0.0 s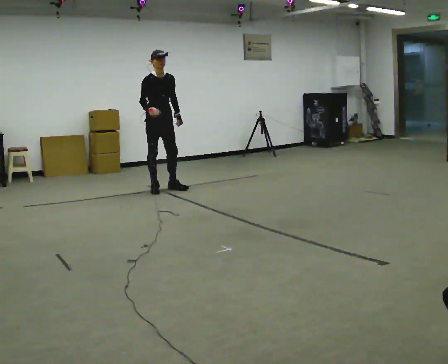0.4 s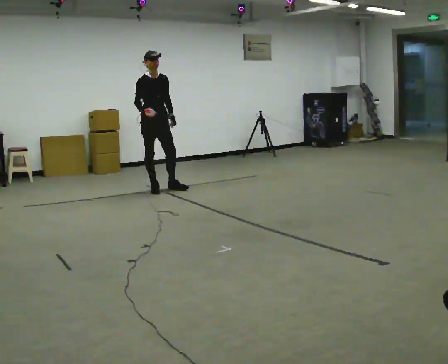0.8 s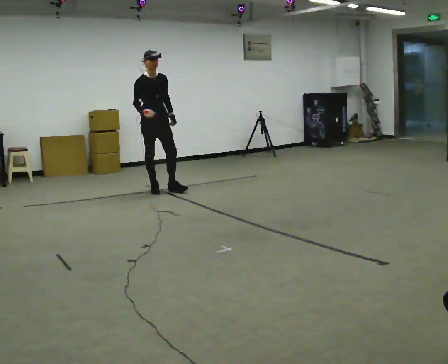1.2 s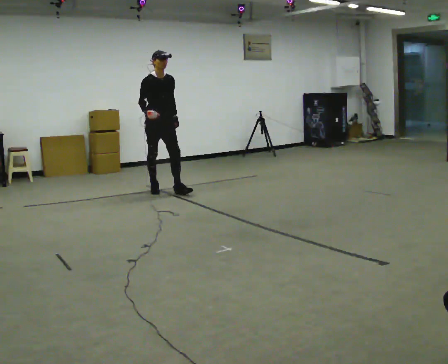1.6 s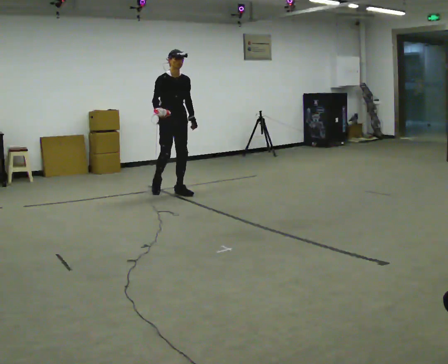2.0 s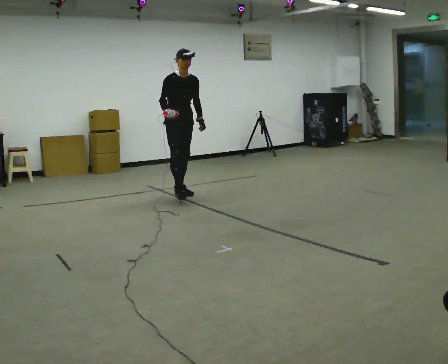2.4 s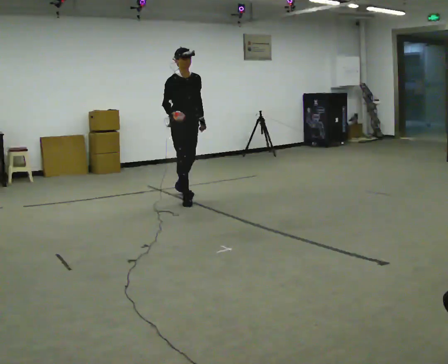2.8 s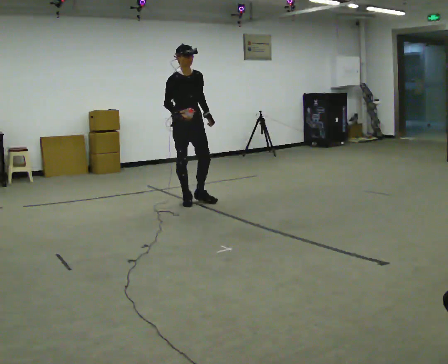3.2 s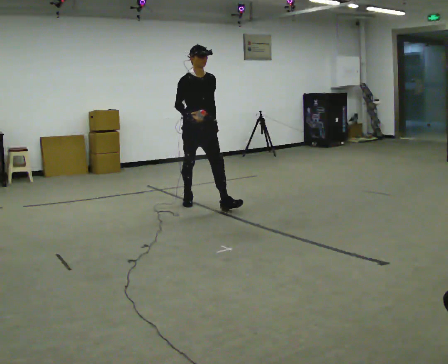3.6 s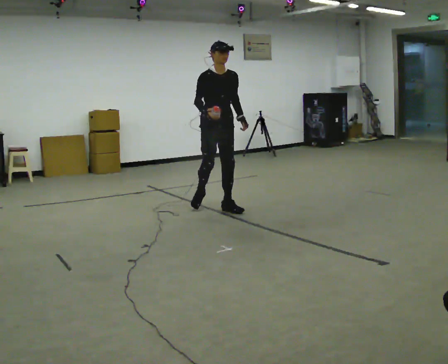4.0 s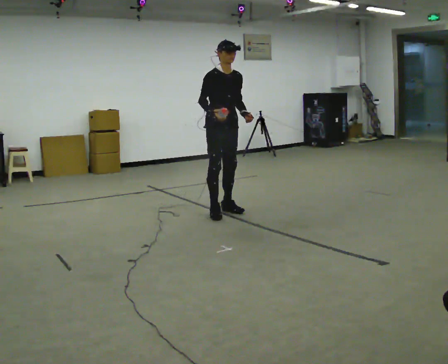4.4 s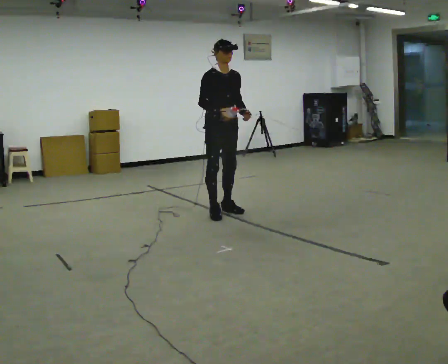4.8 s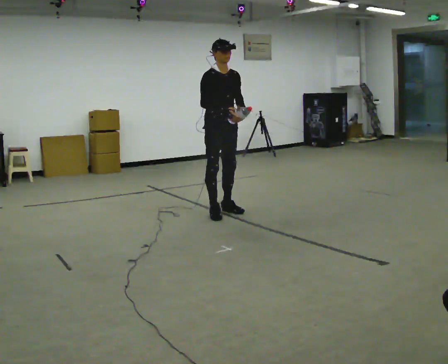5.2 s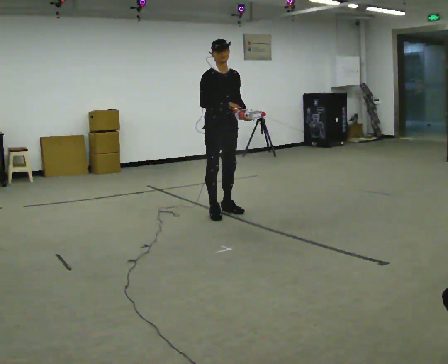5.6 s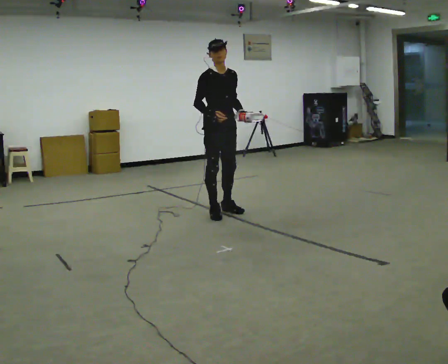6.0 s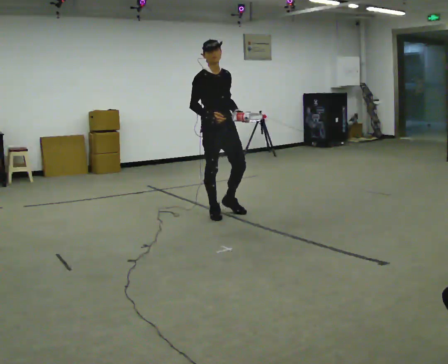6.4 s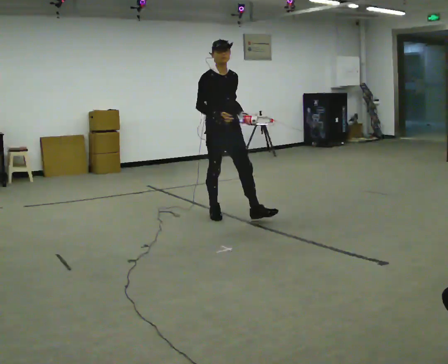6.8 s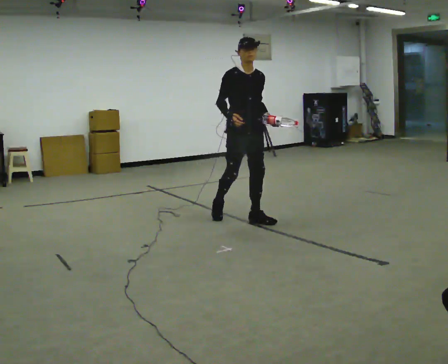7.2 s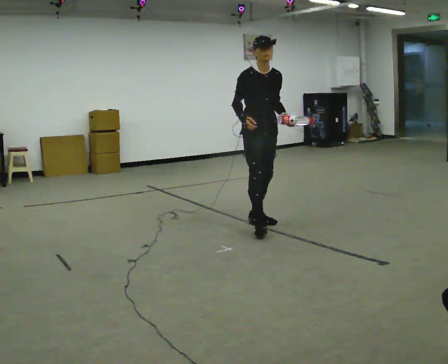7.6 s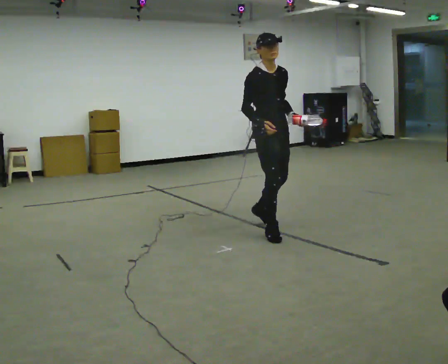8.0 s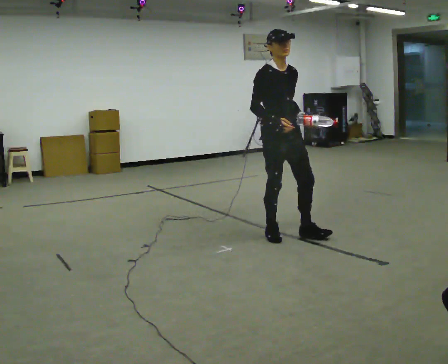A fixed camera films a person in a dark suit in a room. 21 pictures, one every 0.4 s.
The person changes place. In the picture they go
toward the camera.
0.0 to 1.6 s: In the picture they go to the right and toward the camera, about 0.25 m in 1 step, which for them is forward.
1.6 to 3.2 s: In the picture they go toward the camera and to the right, about 0.5 m in 1 step, which for them is forward.
3.2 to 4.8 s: In the picture they go toward the camera and to the right, about 0.5 m in 2 steps, which for them is forward.
4.8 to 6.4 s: In the picture they go toward the camera, about 0.25 m, which for them is forward.
6.4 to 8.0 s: In the picture they go toward the camera and to the right, about 1 m in 2 steps, which for them is forward.
The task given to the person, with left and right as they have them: Carry the object in one hand and, while walking, pass it to your other hand. Keep passing it back and forth as you walk.
The film runs forward here.
